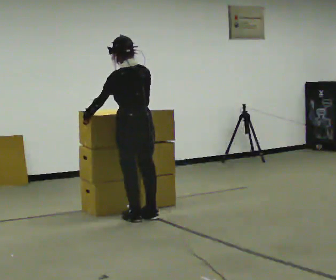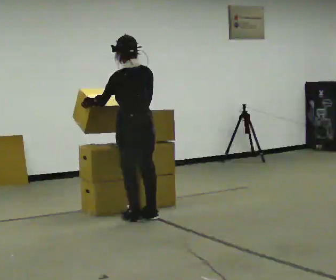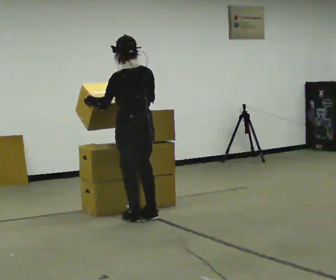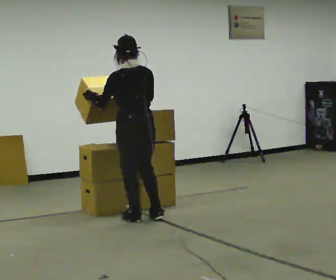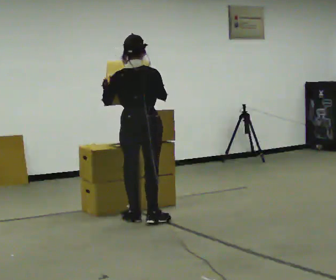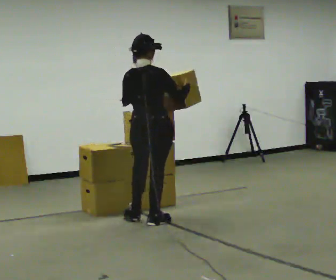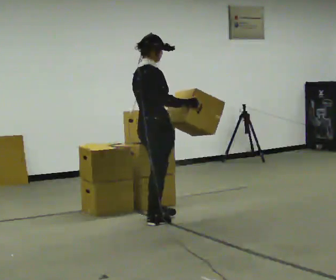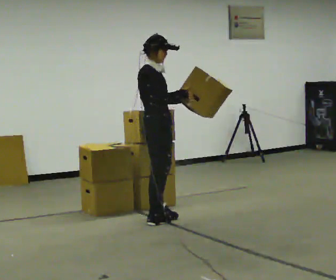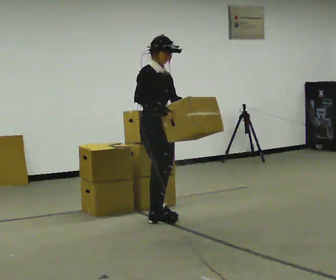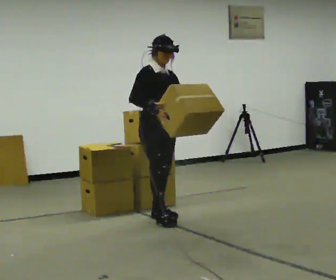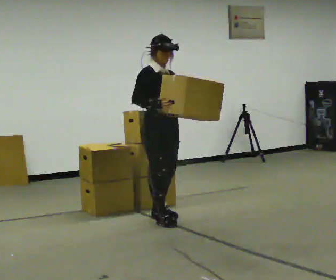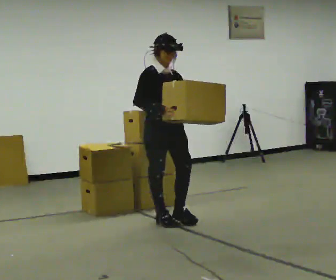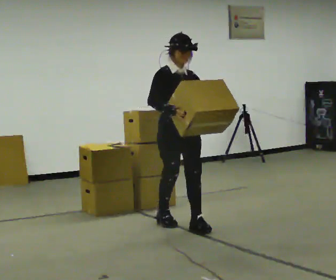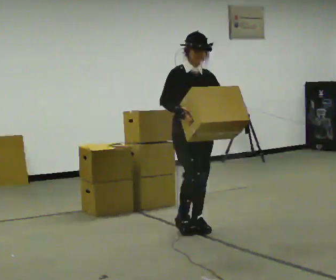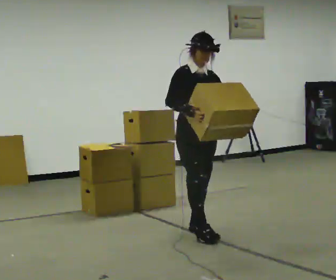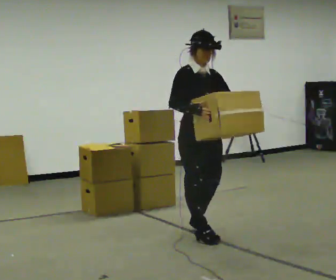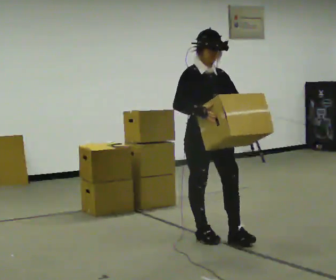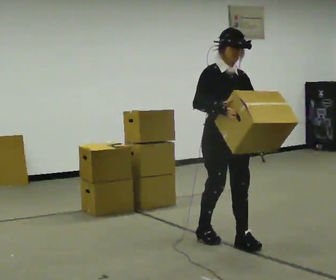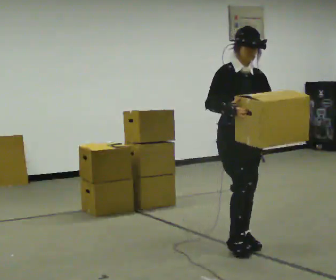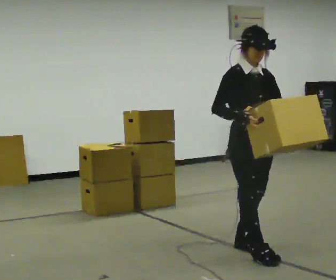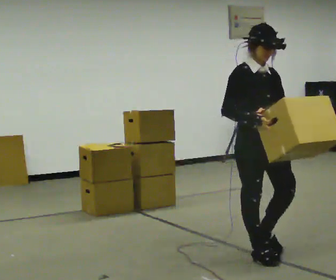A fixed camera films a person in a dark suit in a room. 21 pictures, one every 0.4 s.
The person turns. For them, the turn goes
to their right.
The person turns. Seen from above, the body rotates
clockwise.
0.0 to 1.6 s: The part of the body nearest the lens slides to the left as the person turns to their right by about 30 degrees.
1.6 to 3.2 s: Seen from above the body turns clockwise, about 120 degrees: to their right, with its near side sliding to the left.
3.2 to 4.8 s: The part of the body nearest the lens slides to the left as the person turns to their right by about 30 degrees. In the picture they go toward the camera and to the right, about 0.25 m in 1 step, which for them is forward.
4.8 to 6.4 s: In the picture they go toward the camera and to the right, about 0.5 m in 1 step, which for them is forward.
6.4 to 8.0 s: In the picture they go toward the camera and to the right, about 0.75 m in 2 steps, which for them is forward.
The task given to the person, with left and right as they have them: Carry the box and, while you are still walking, turn it so you can read the label, read it out loud, then carry on. Repeat with the next box. Do not stop to read it.
The film runs forward here.
